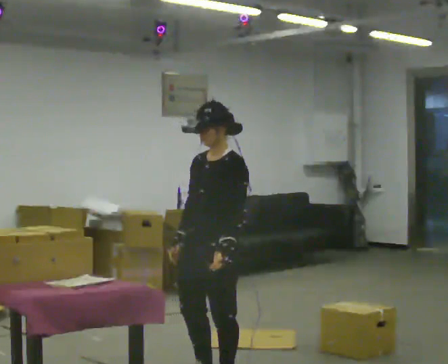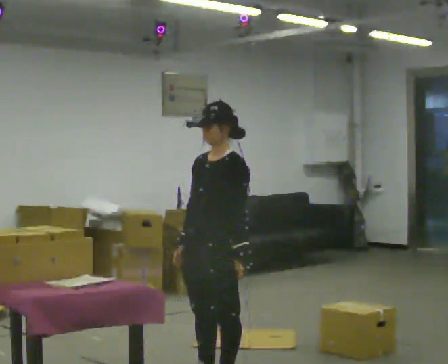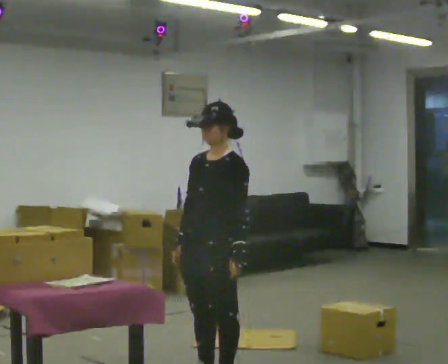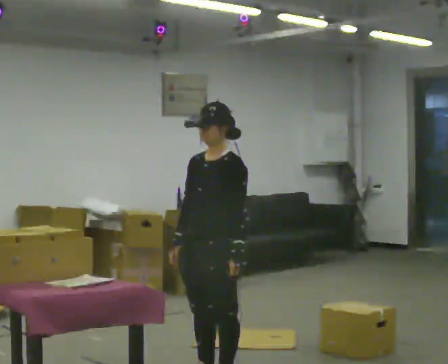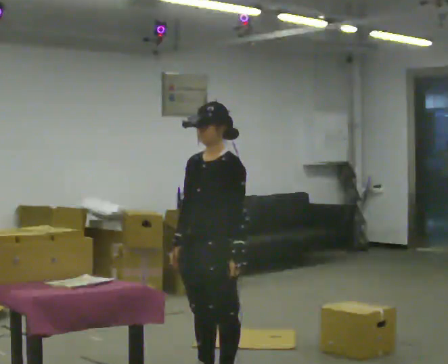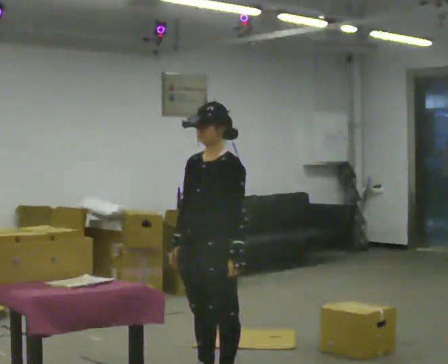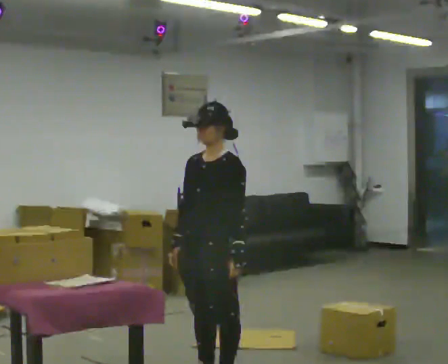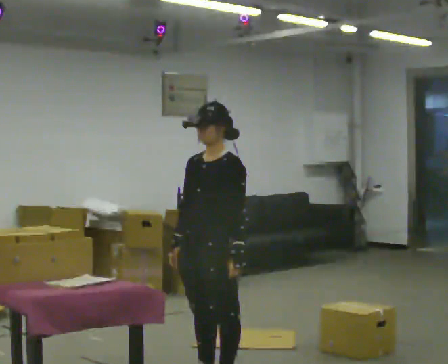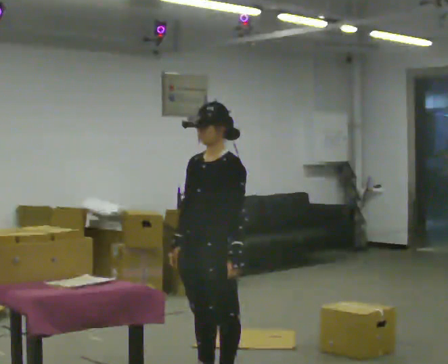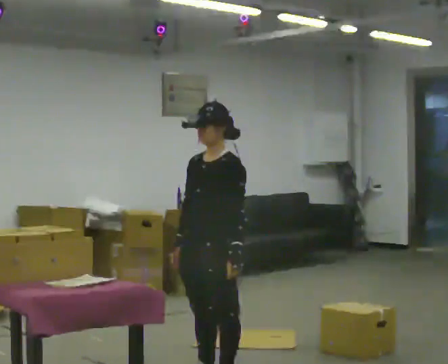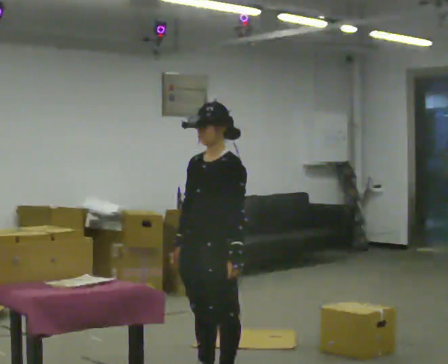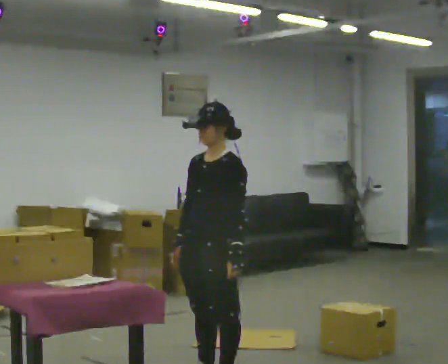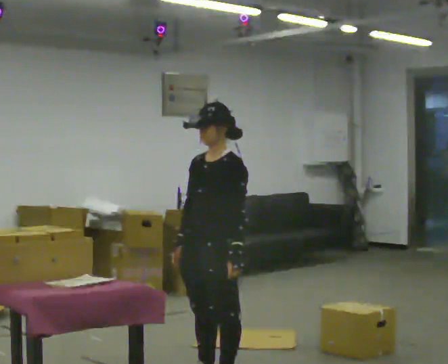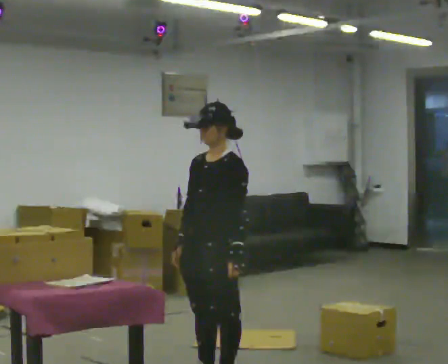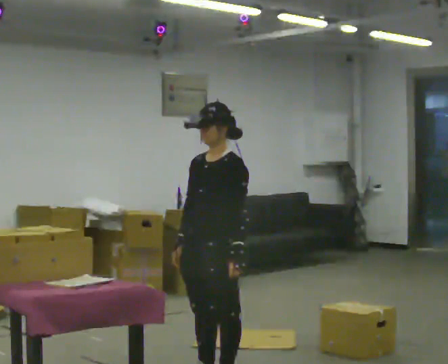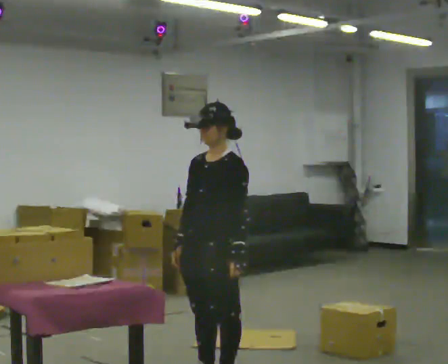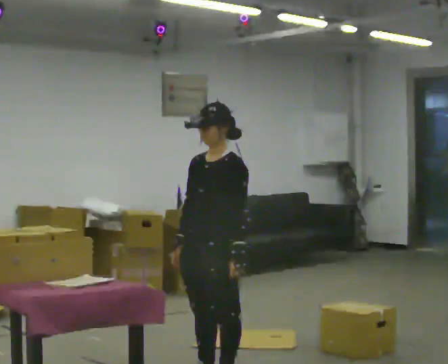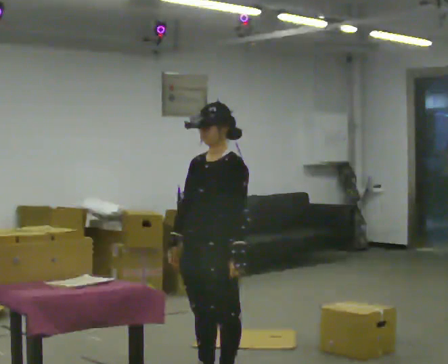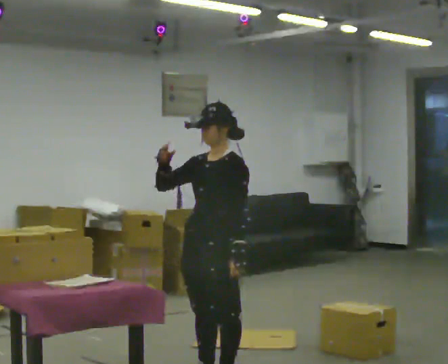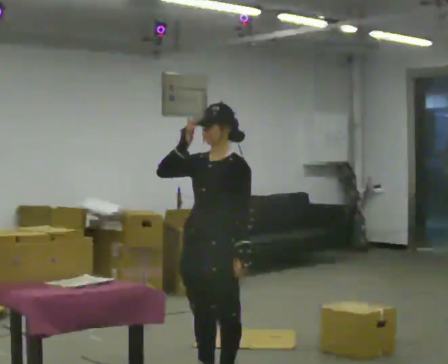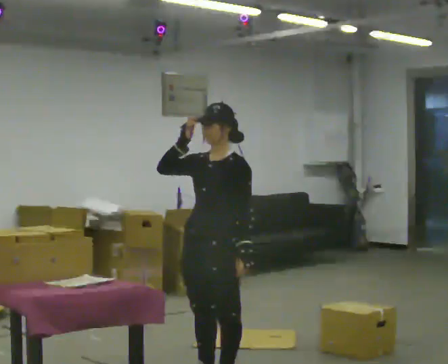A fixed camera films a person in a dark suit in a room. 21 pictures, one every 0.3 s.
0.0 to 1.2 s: The person moves a little, or ends about where they began.
1.2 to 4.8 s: The person keeps their place and pose.
4.8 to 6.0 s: In the picture their right hand goes upward.
The film runs forward here.
